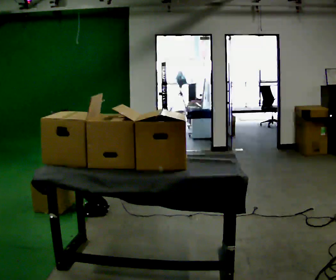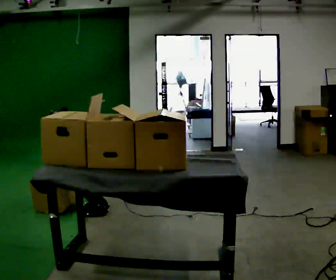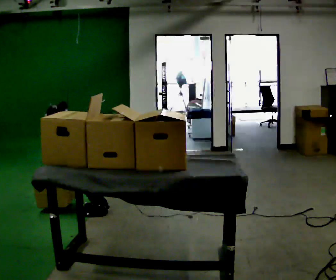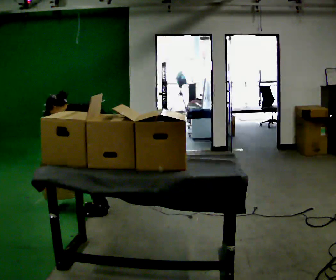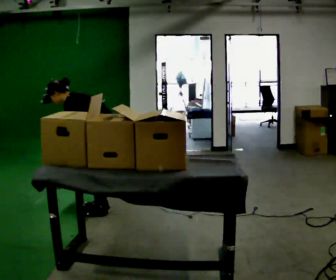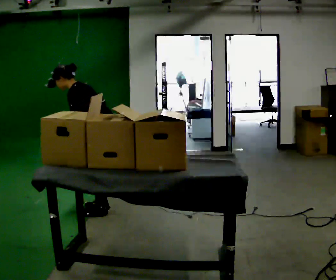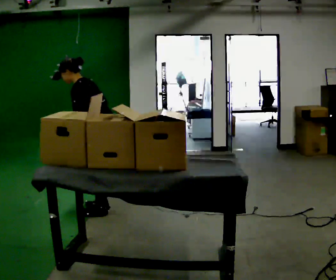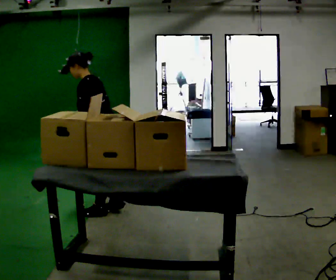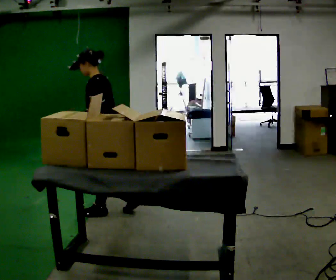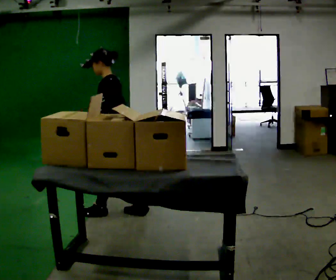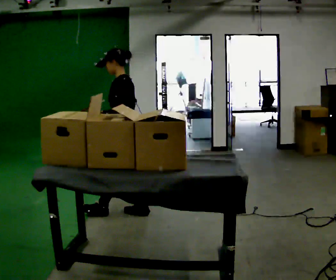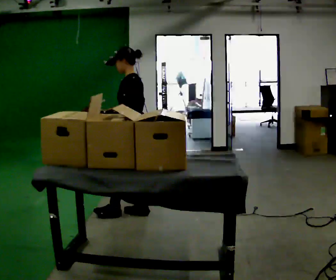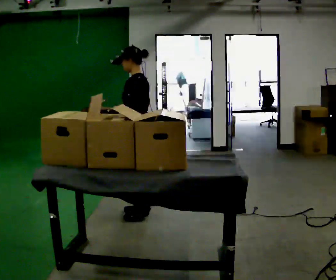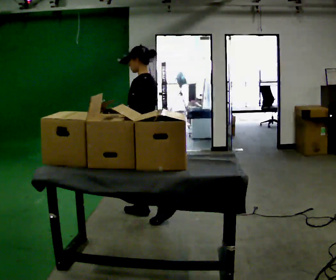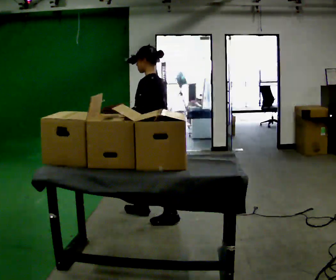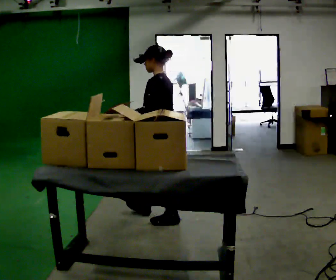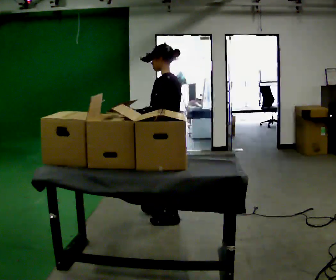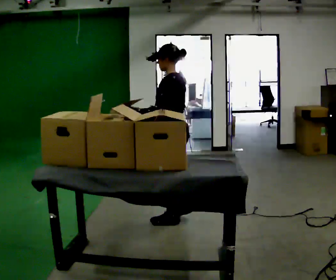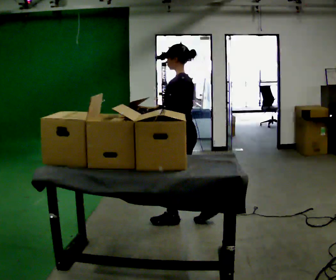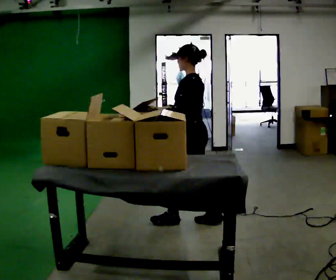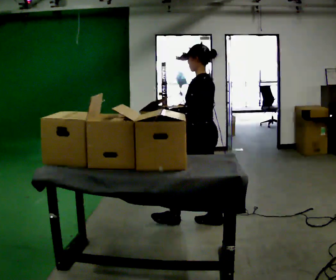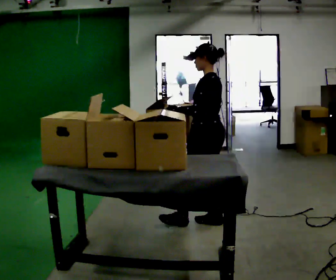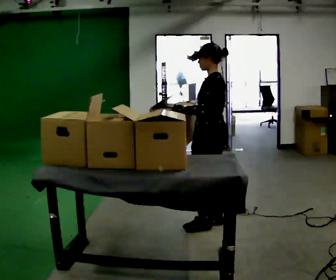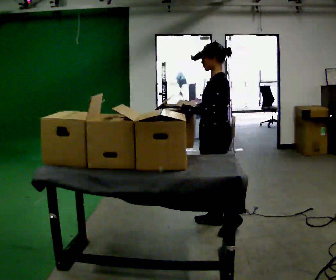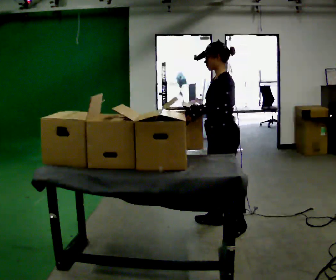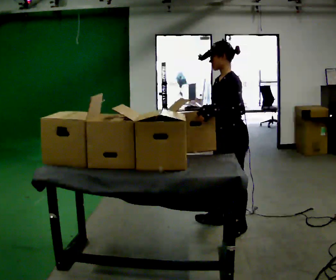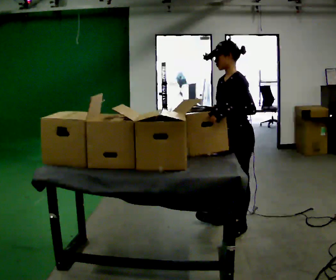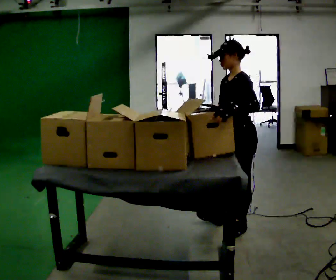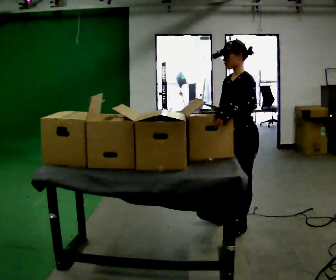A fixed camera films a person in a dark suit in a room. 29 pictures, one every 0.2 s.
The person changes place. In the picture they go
to the right.
Their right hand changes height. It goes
upward.
0.0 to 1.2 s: The shoulders move upward. In the picture the upper body tilts clockwise, shoulders to the right, as they lean back or straighten. In the picture their right hand goes upward.
1.2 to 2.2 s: In the picture they go to the right, about 0.25 m in 2 steps, which for them is backward. In the picture the upper body tilts clockwise, shoulders to the right, as they lean back or straighten.
2.2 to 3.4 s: In the picture they go to the right and toward the camera, about 0.5 m in 1 step, which for them is backward.
3.4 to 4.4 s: In the picture they go to the right, about 0.25 m in 1 step, which for them is backward.
4.4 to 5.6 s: The part of the body nearest the lens slides to the right as the person turns to their left by about 30 degrees. In the picture they go toward the camera and to the right, about 0.25 m, which for them is to their left and backward.
The film runs backward here.
